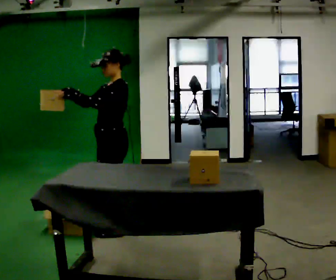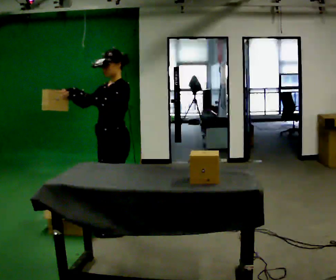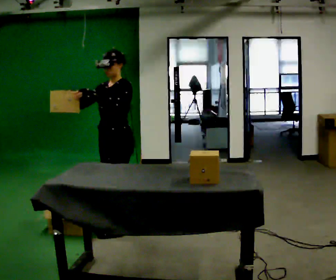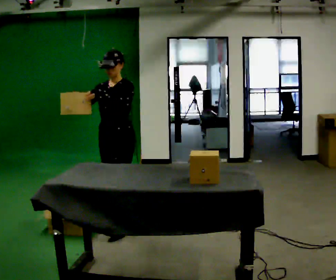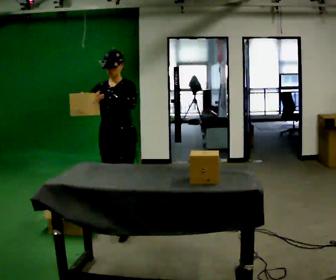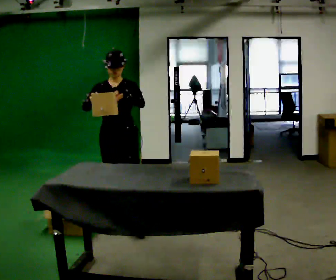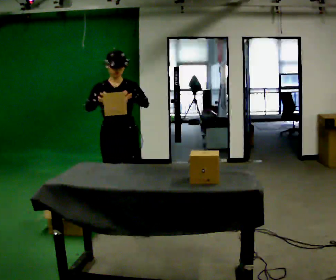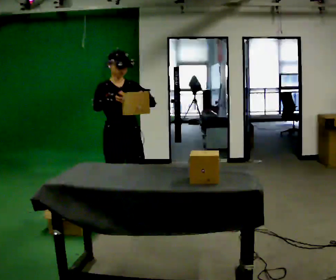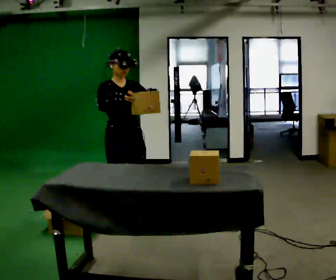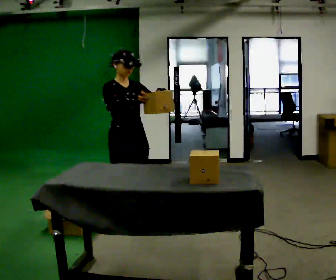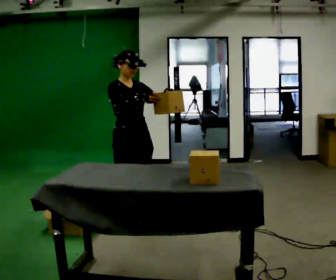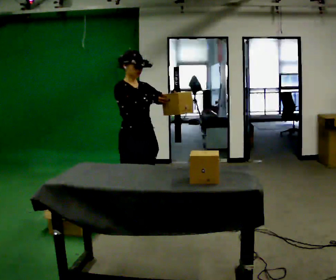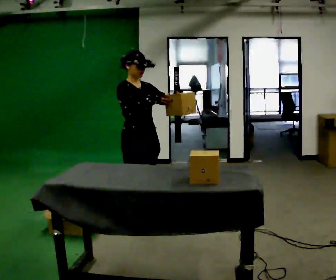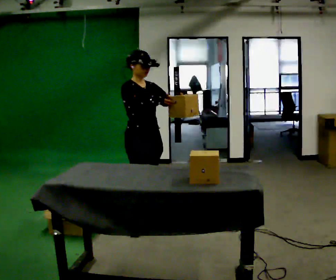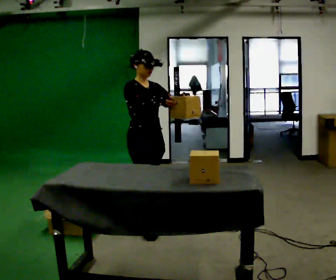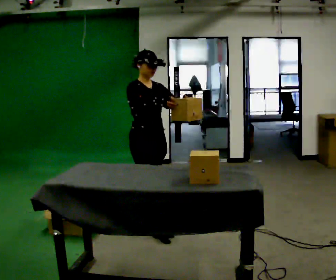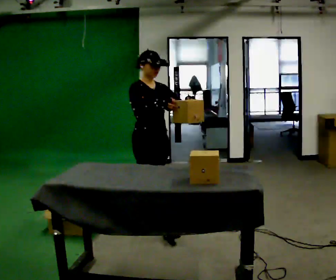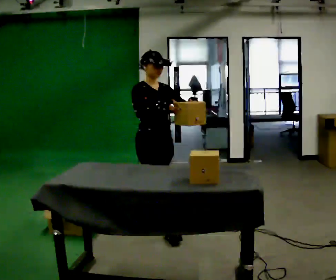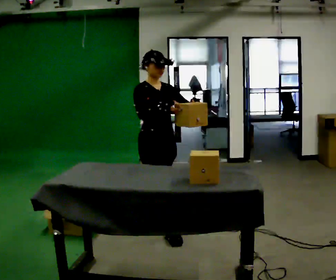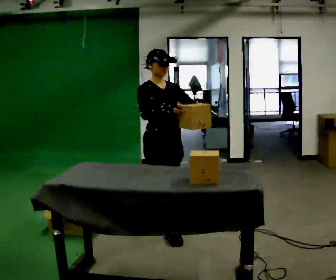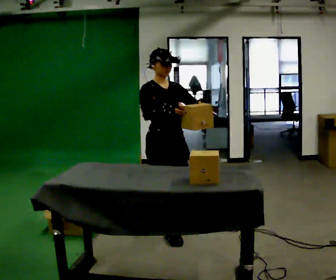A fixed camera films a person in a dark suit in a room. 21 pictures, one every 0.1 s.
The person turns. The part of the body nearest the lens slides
to the right.
The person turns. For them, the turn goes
to their left.
0.0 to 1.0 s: The person turns about 105 degrees to their left, counterclockwise seen from above, so the part of the body nearest the lens slides to the right. In the picture their right hand goes to the right.
1.0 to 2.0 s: In the picture they go to the right and toward the camera, about 0.5 m in 1 step, which for them is forward.
The film runs forward here.
